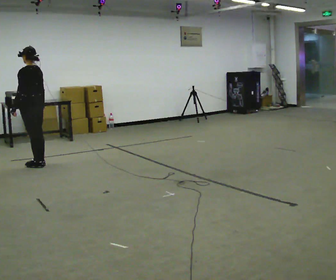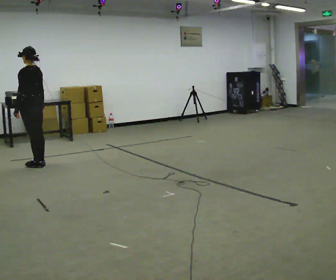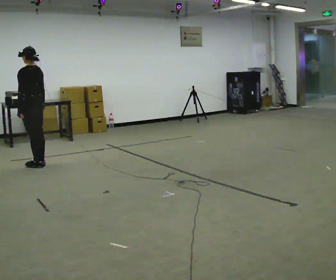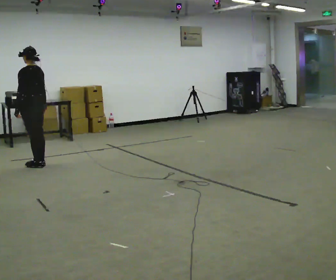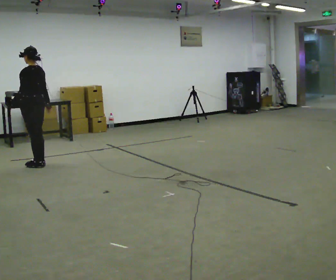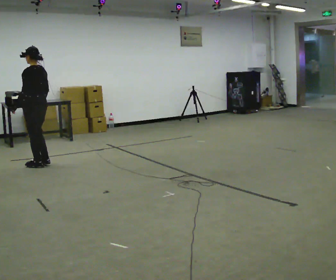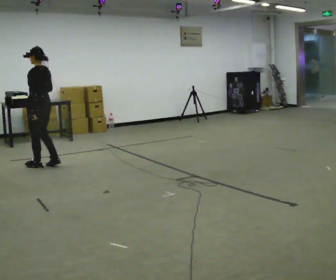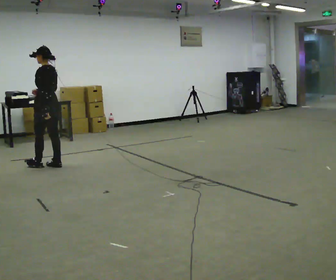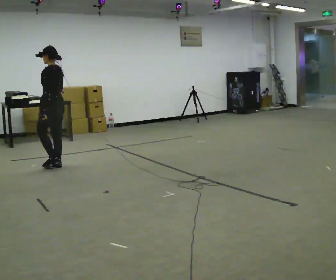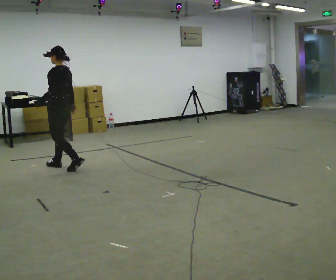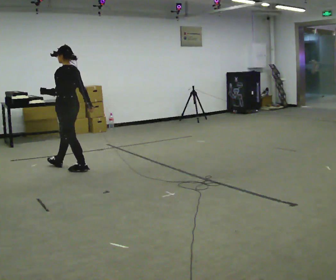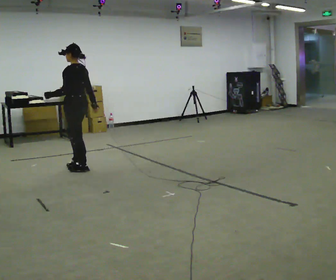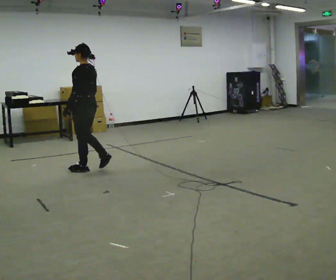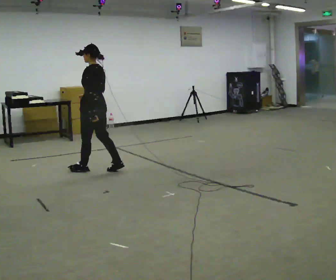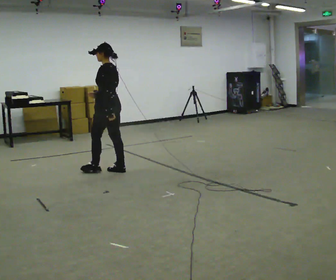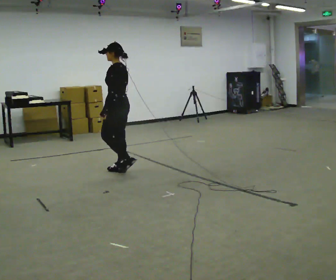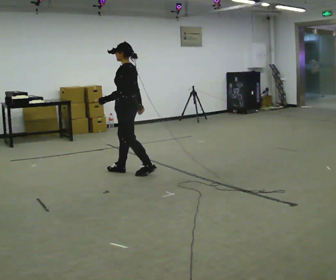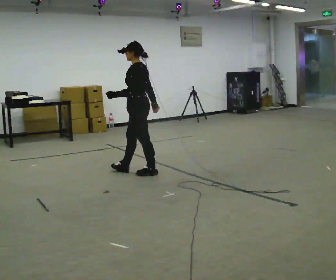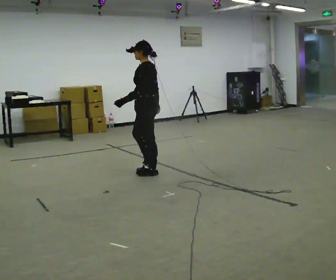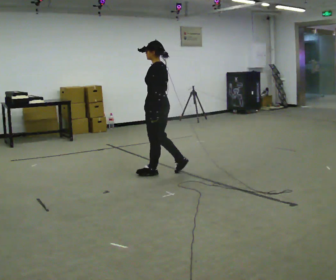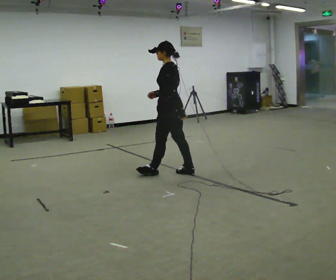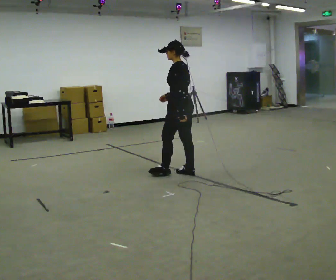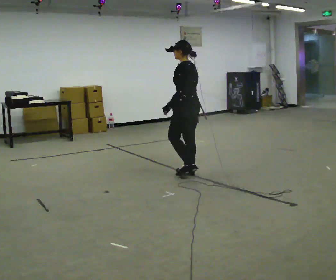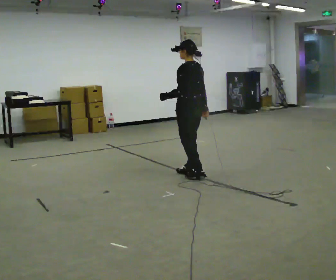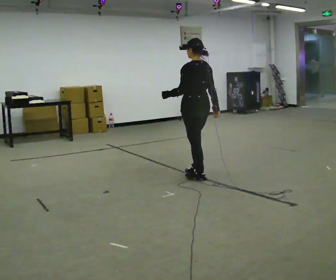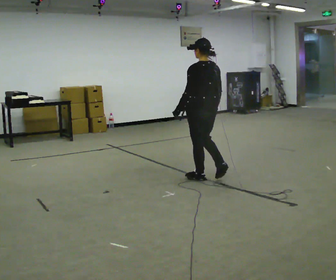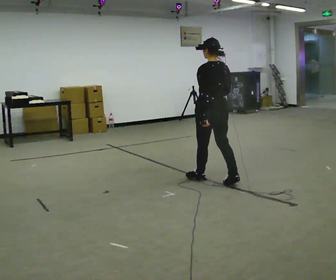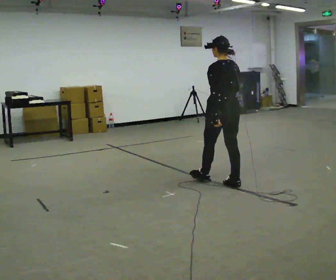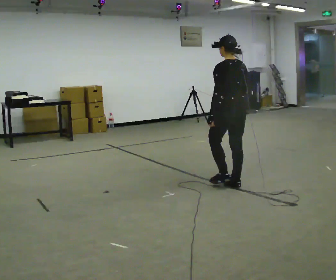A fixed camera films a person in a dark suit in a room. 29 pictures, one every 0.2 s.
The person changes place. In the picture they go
to the right.
0.0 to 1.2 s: The person moves a little, or ends about where they began.
1.2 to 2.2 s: In the picture they go to the right and toward the camera, about 0.5 m in 2 steps, which for them is backward.
2.2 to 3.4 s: In the picture they go to the right, about 1 m in 2 steps, which for them is backward.
3.4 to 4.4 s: In the picture they go to the right, about 0.5 m in 1 step, which for them is backward.
4.4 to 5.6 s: The person turns about 30 degrees to their right, clockwise seen from above, so the part of the body nearest the lens slides to the left. In the picture they go toward the camera and to the right, about 0.75 m in 2 steps, which for them is backward.
The film runs backward here.
